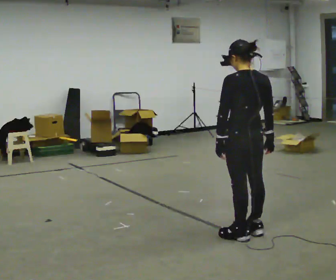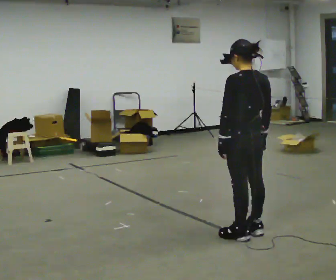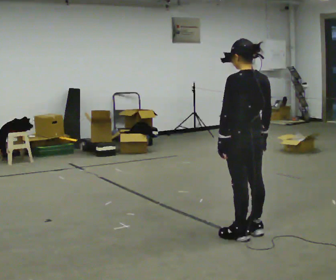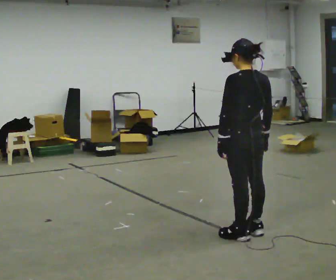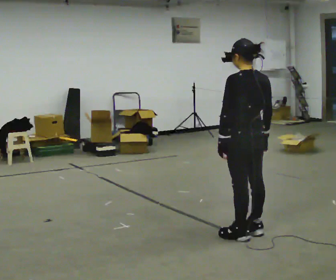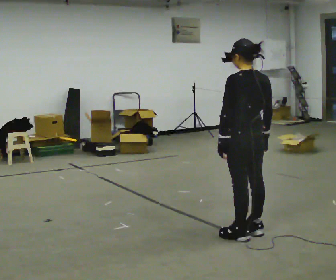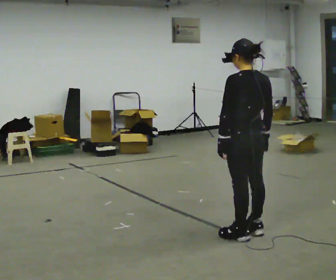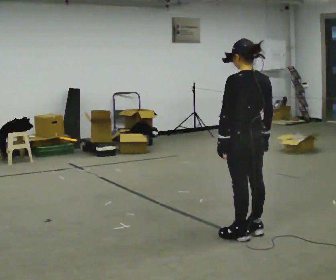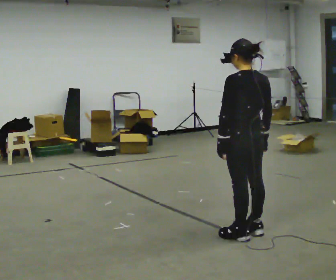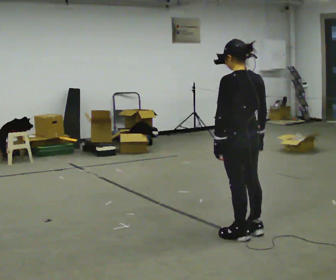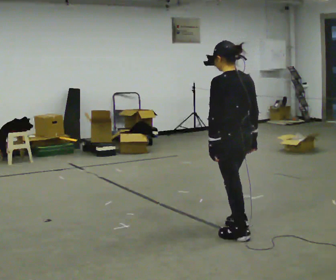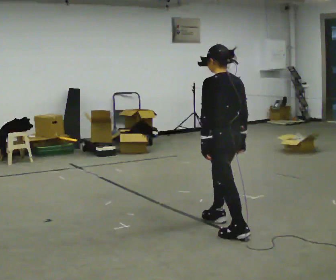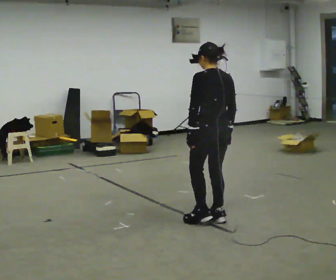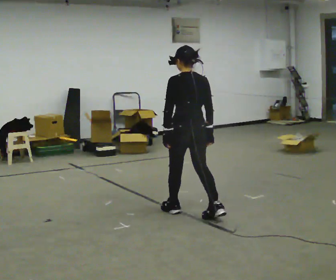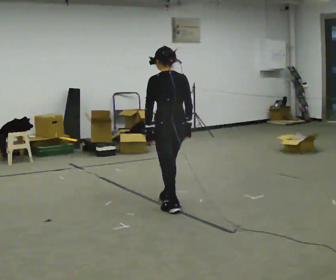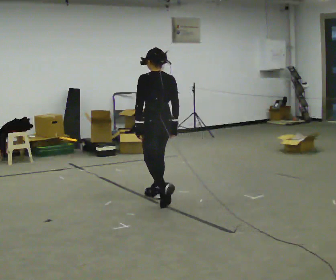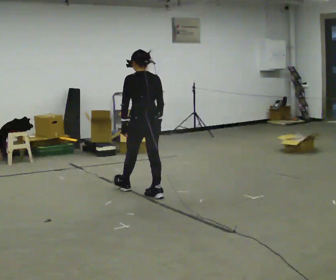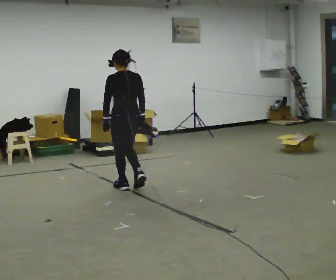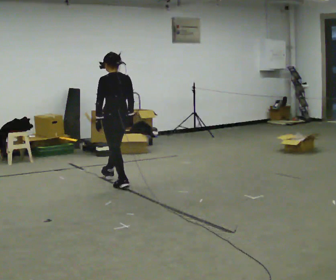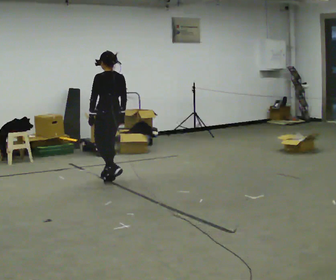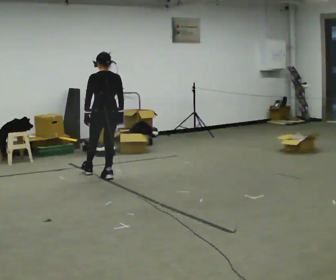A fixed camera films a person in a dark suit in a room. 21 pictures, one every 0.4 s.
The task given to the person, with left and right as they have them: Stand still 2 s; begin walking naturally; walk forward; stop.
0.0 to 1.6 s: The person moves a little, or ends about where they began.
1.6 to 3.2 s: The person keeps their place and pose.
3.2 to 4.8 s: In the picture they go away from the camera and to the left, about 0.5 m in 1 step, which for them is forward.
4.8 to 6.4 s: In the picture they go away from the camera and to the left, about 1 m in 2 steps, which for them is forward.
6.4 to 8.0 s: In the picture they go away from the camera and to the left, about 1 m in 2 steps, which for them is forward.
The film runs forward here.
